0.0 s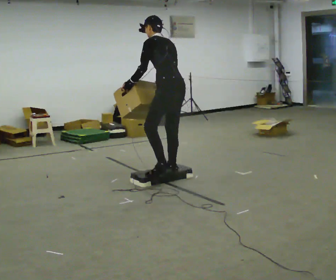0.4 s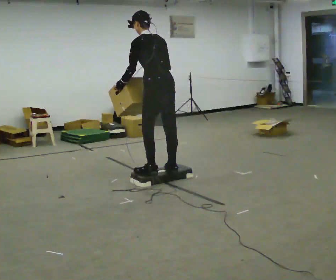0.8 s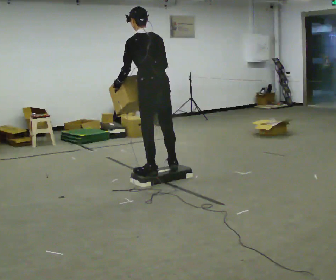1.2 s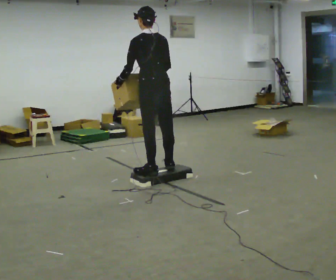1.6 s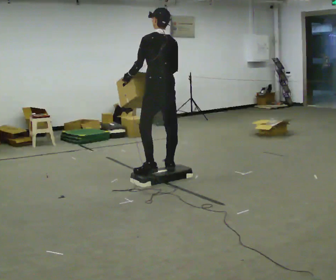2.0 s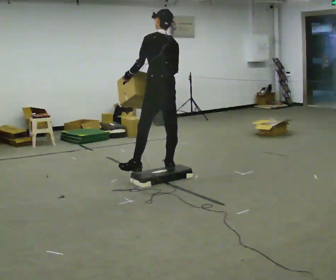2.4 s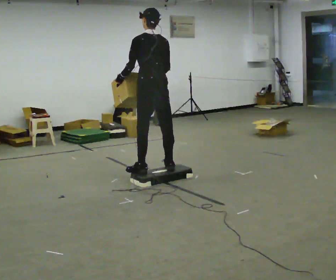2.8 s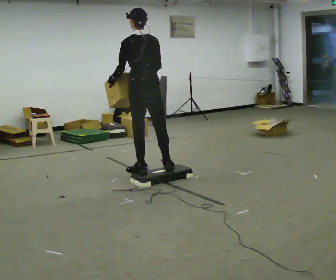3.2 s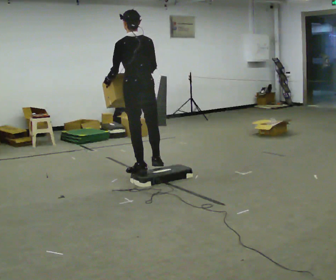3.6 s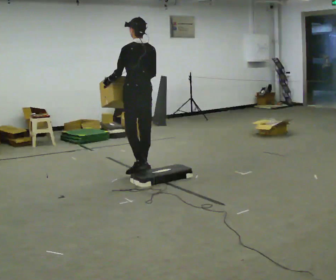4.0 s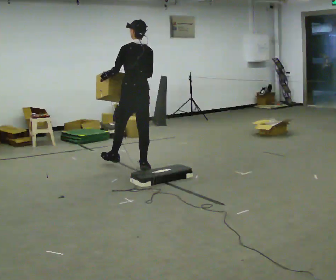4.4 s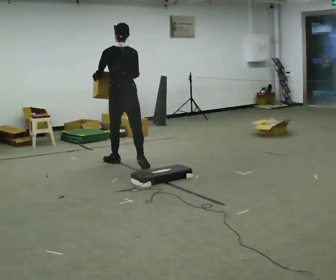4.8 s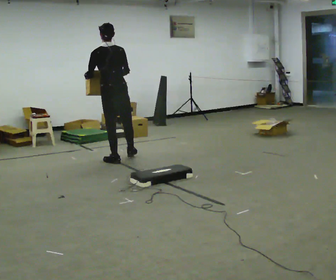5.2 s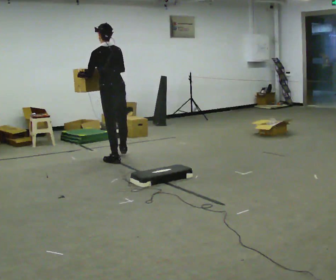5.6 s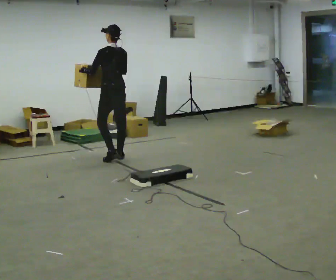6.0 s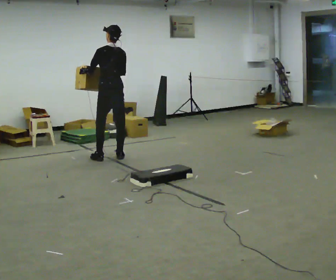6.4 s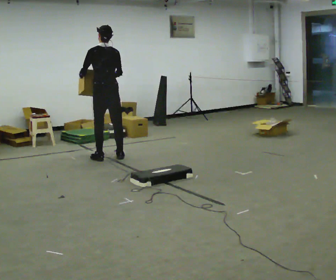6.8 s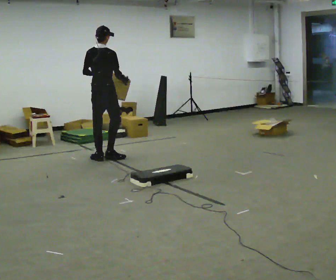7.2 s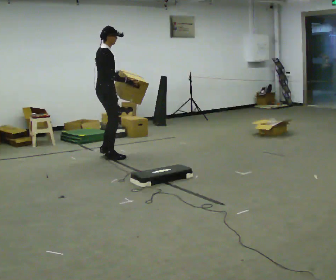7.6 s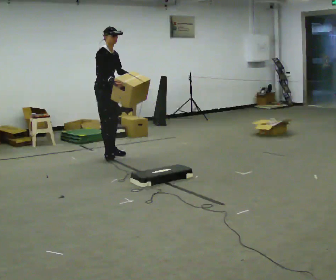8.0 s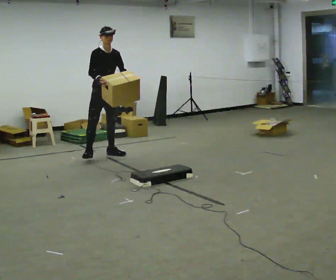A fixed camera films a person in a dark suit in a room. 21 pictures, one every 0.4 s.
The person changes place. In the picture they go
away from the camera.
0.0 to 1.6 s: In the picture they go away from the camera, about 0.25 m in 1 step, which for them is forward. In the picture the upper body tilts clockwise, shoulders to the right, as they lean back or straighten.
1.6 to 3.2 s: In the picture they go to the left, about 0.25 m, which for them is to their left and forward.
3.2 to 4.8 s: In the picture they go away from the camera and to the left, about 1 m in 2 steps, which for them is forward.
4.8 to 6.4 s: In the picture they go away from the camera, about 0.25 m in 2 steps, which for them is forward.
6.4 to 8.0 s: The part of the body nearest the lens slides to the left as the person turns to their right by about 165 degrees. In the picture they go away from the camera, about 0.5 m in 2 steps.
The film runs forward here.
